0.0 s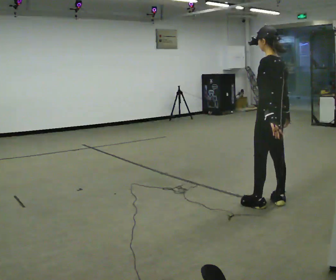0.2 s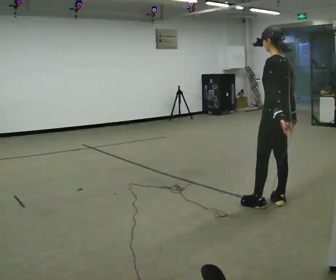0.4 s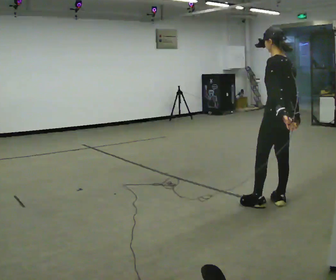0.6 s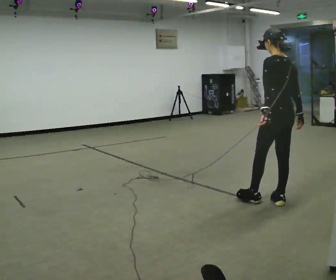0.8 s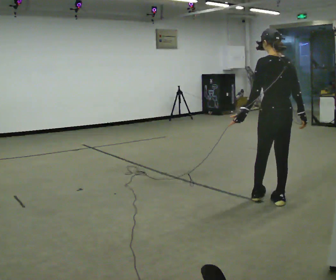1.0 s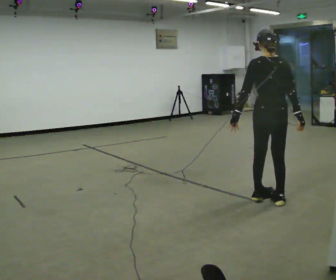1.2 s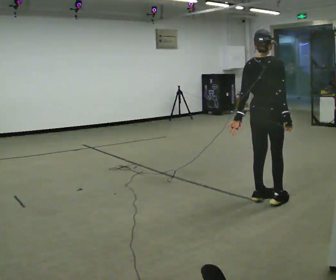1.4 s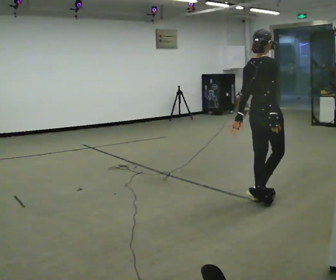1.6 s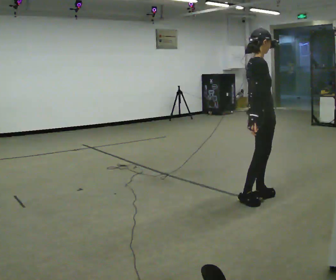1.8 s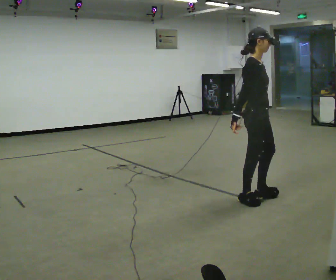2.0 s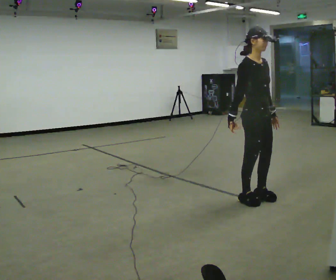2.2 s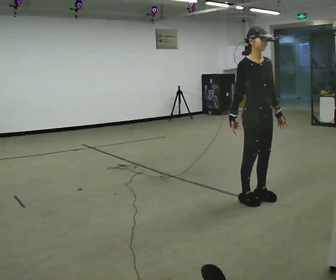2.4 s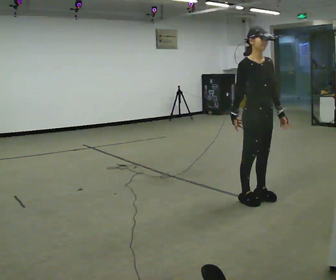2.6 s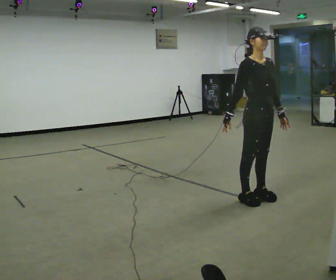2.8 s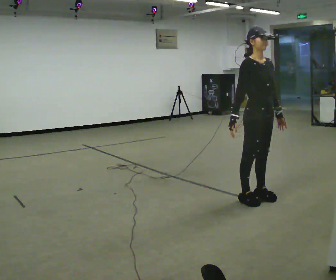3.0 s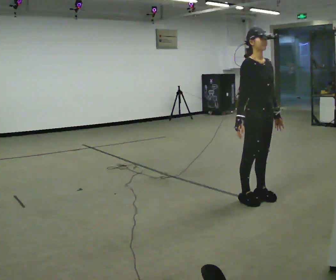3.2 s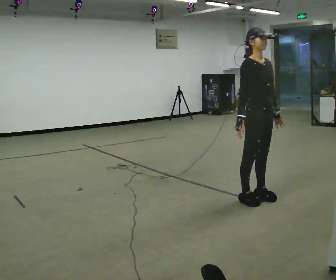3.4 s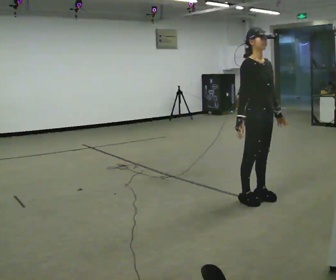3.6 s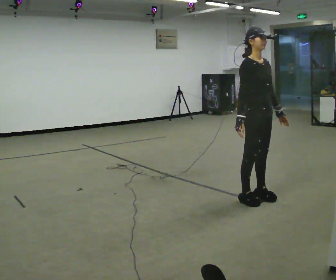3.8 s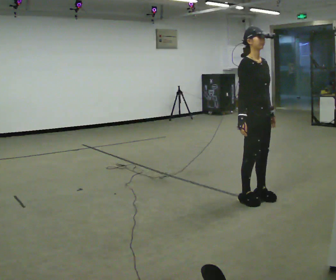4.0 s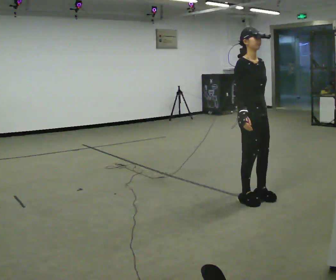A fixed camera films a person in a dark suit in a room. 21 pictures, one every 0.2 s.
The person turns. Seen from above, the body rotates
clockwise.
The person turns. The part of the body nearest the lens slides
to the left.
0.0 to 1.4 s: The part of the body nearest the lens slides to the left as the person turns to their right by about 105 degrees.
1.4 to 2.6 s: The person turns about 90 degrees to their right, clockwise seen from above, so the part of the body nearest the lens slides to the left. In the picture their right hand goes to the left.
2.6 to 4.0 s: The person moves a little, or ends about where they began.
The film runs backward here.
